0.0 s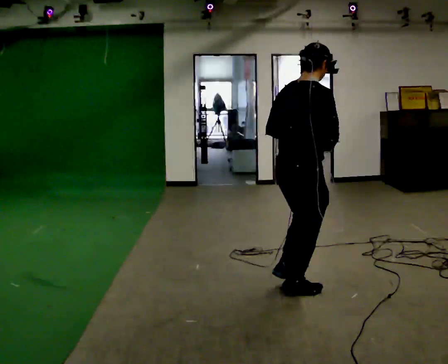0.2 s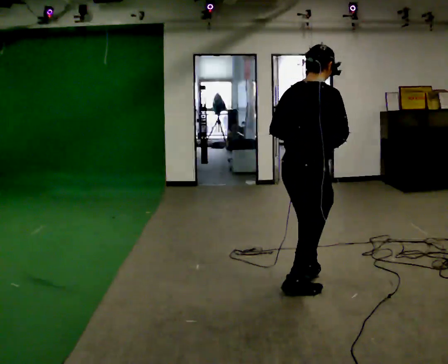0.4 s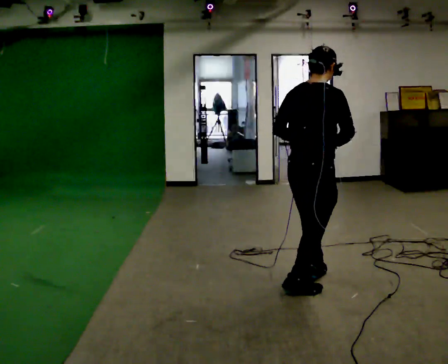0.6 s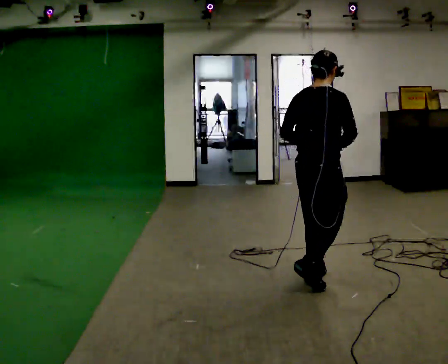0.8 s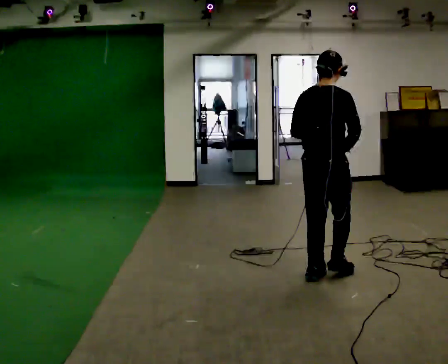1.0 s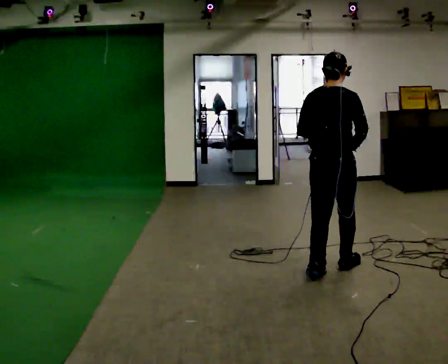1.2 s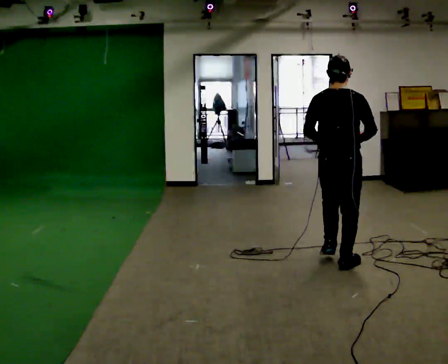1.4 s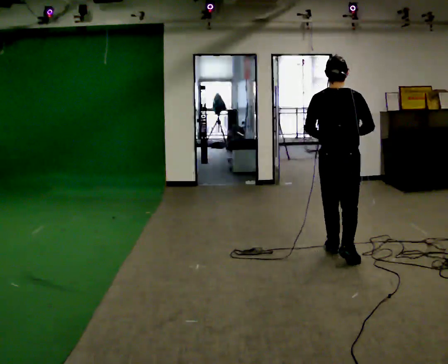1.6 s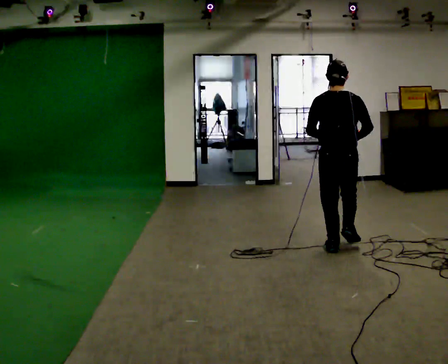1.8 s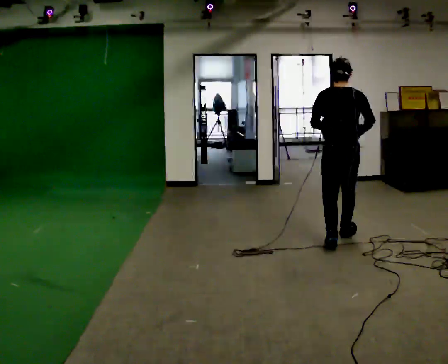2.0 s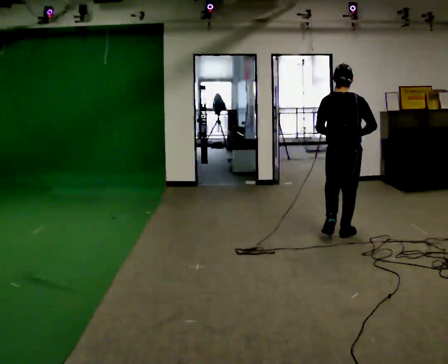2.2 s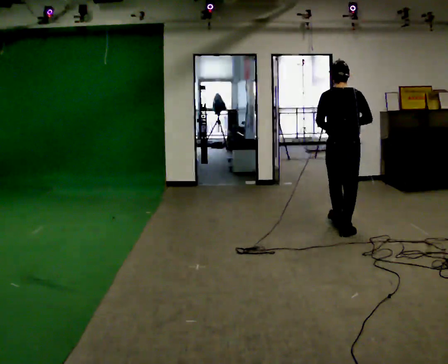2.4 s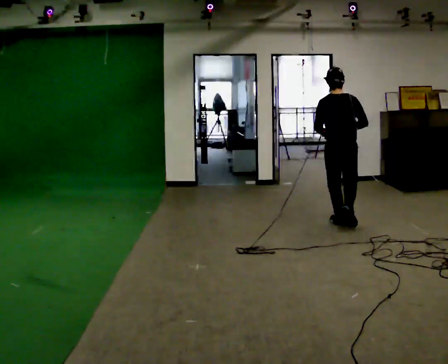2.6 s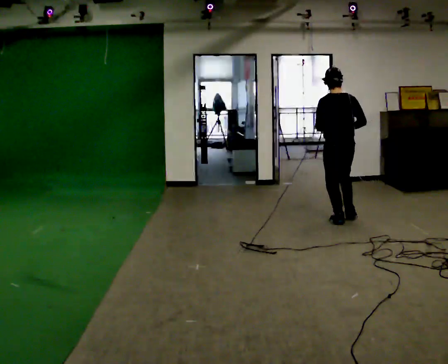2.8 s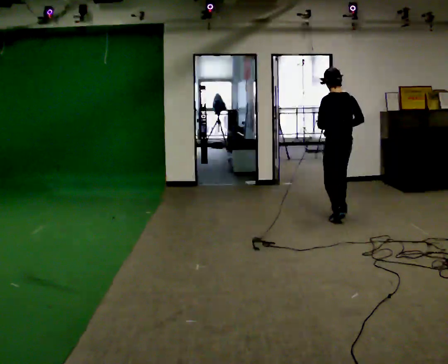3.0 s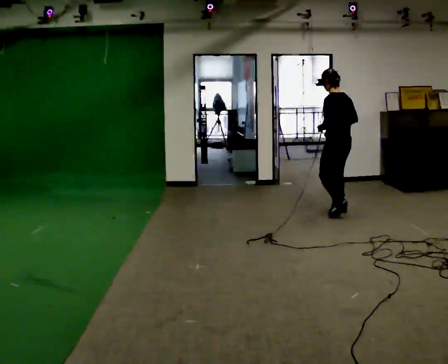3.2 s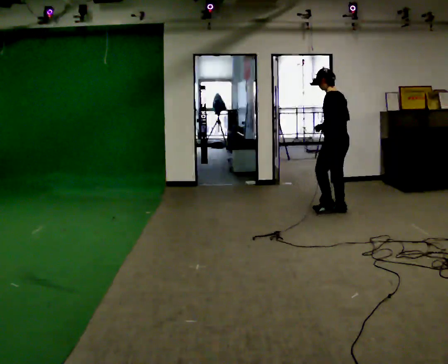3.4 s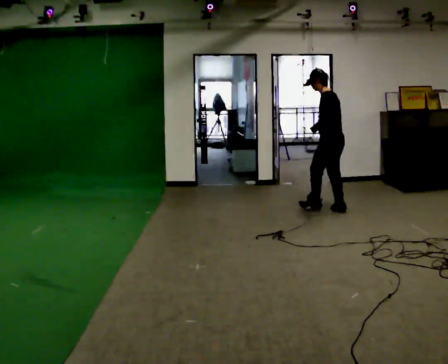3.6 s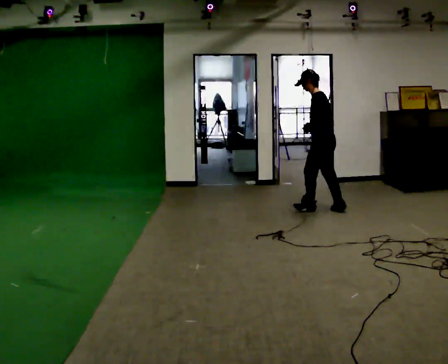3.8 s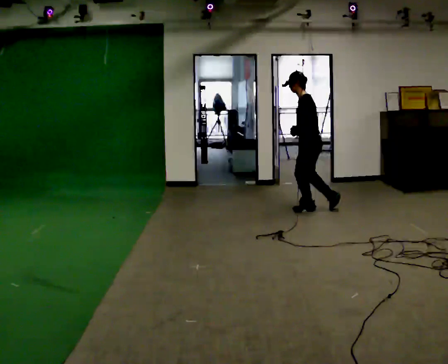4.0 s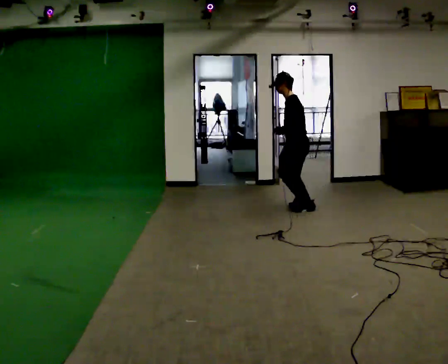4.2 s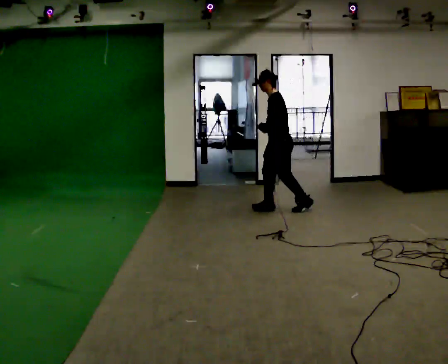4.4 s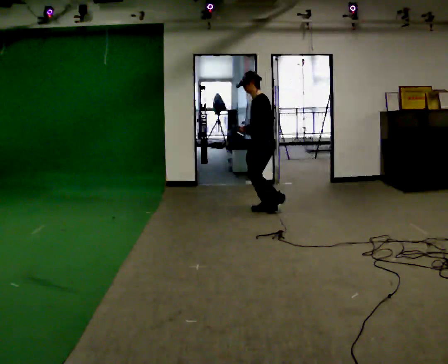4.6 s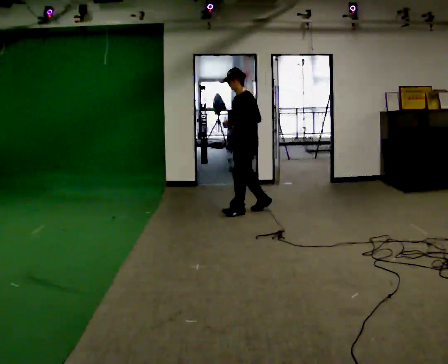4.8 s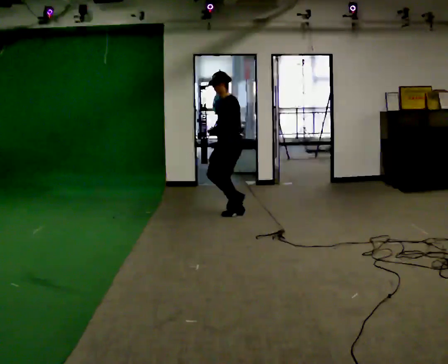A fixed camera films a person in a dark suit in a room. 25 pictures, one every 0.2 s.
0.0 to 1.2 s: The part of the body nearest the lens slides to the right as the person turns to their left by about 30 degrees. In the picture they go away from the camera, about 0.5 m in 2 steps, which for them is forward.
1.2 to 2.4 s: In the picture they go away from the camera, about 1 m in 3 steps, which for them is forward.
2.4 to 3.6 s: The part of the body nearest the lens slides to the right as the person turns to their left by about 75 degrees. In the picture they go away from the camera, about 0.75 m in 2 steps.
3.6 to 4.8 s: The part of the body nearest the lens slides to the right as the person turns to their left by about 45 degrees. In the picture they go to the left, about 1 m in 2 steps, which for them is forward.
The film runs forward here.
